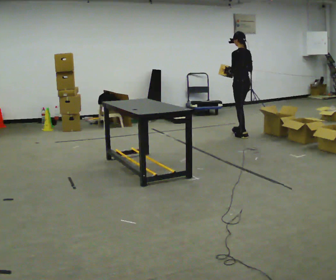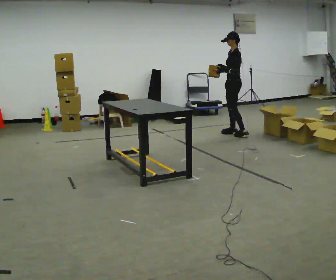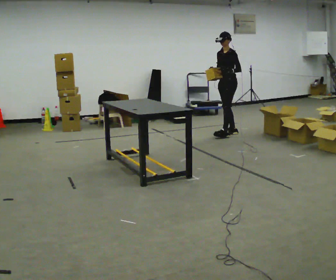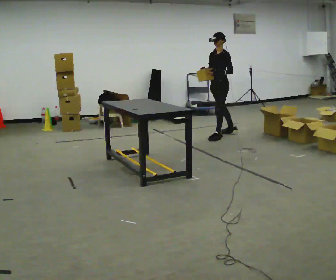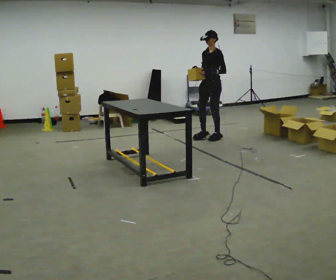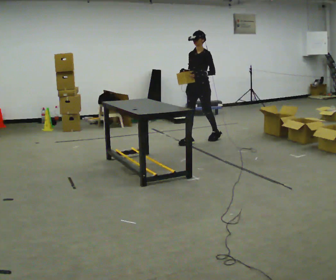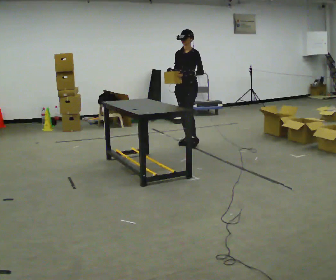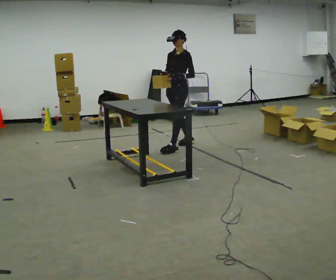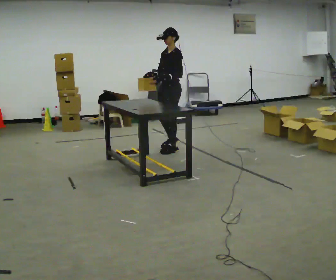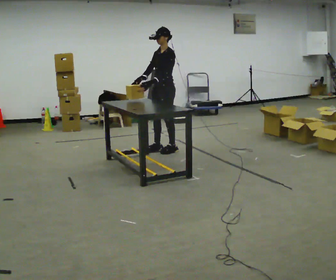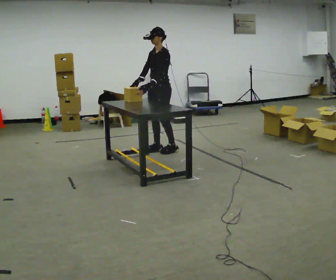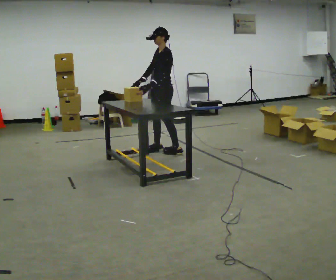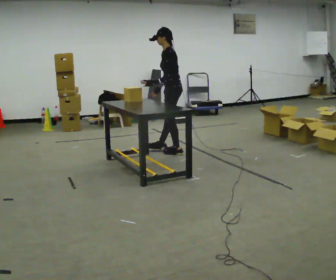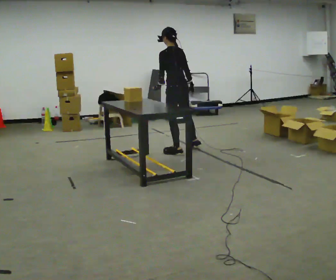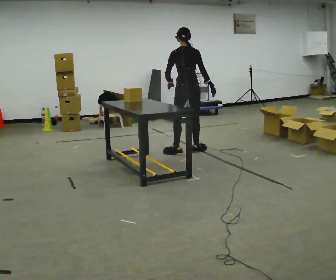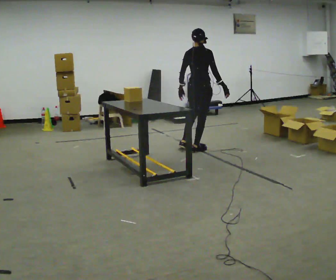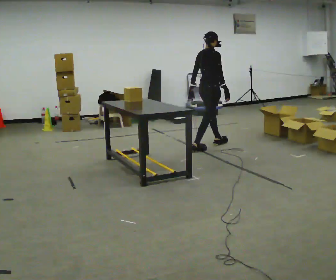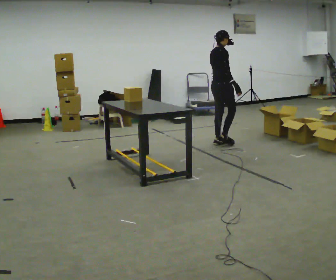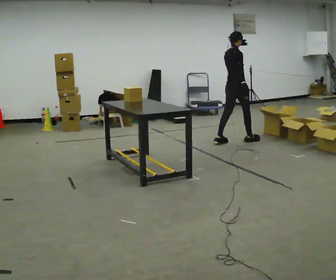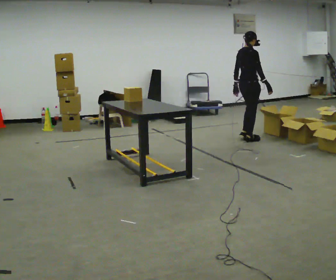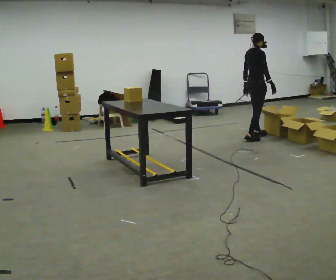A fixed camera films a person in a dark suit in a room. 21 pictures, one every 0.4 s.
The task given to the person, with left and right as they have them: Take each object from the table and put it in the bin that matches it, walking between the bins. Keep going until the operator says stop; one object at a time, and do not rush between trips.
0.0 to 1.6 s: The part of the body nearest the lens slides to the right as the person turns to their left by about 90 degrees. In the picture they go to the left, about 0.5 m in 2 steps.
1.6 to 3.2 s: In the picture they go toward the camera and to the left, about 1 m in 2 steps, which for them is forward.
3.2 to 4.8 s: The person turns about 45 degrees to their right, clockwise seen from above, so the part of the body nearest the lens slides to the left. In the picture they go toward the camera, about 0.25 m in 1 step, which for them is to their left.
4.8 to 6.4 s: The part of the body nearest the lens slides to the left as the person turns to their right by about 135 degrees. In the picture they go to the right and away from the camera, about 0.5 m in 2 steps.
6.4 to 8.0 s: In the picture they go to the right and away from the camera, about 1 m in 2 steps, which for them is forward.
The film runs forward here.
